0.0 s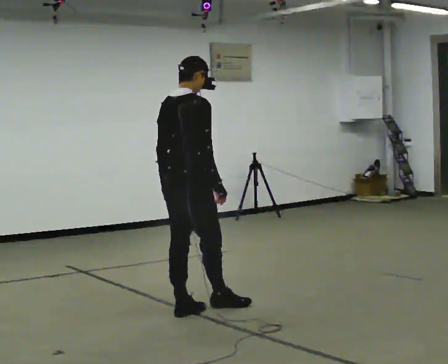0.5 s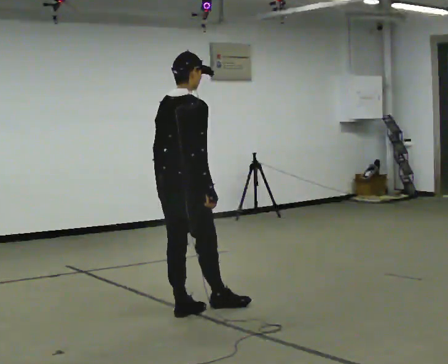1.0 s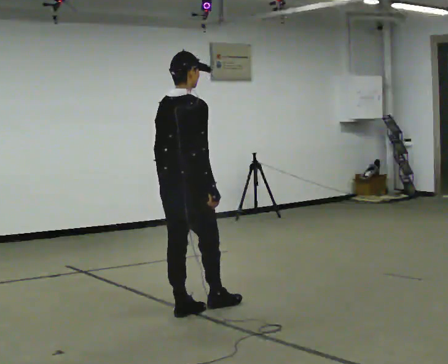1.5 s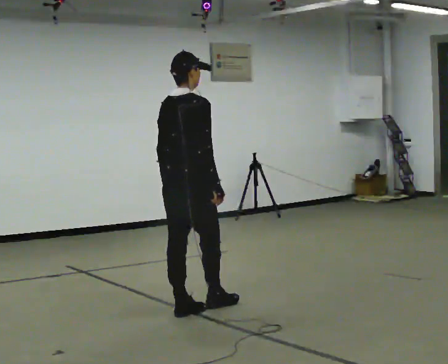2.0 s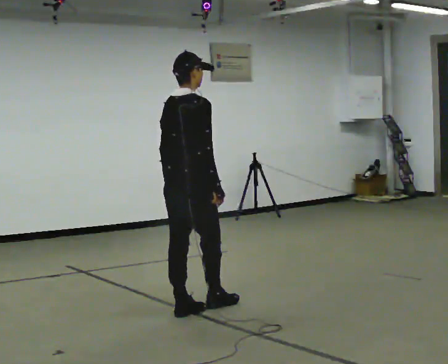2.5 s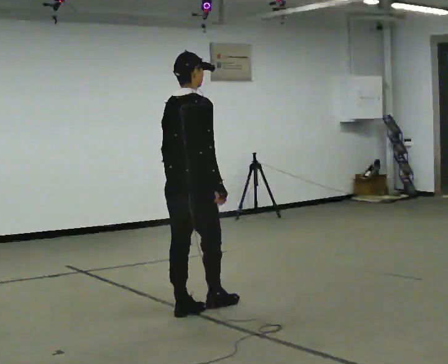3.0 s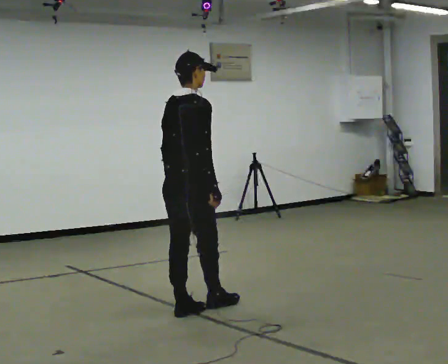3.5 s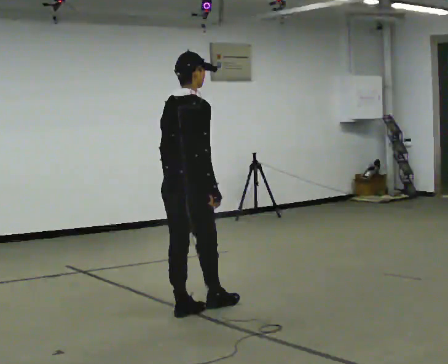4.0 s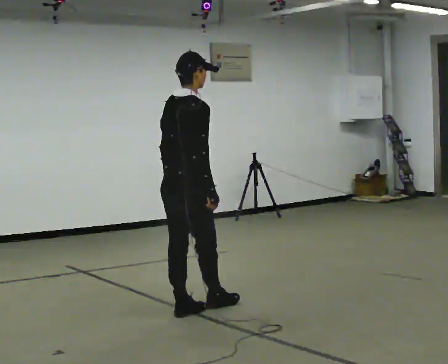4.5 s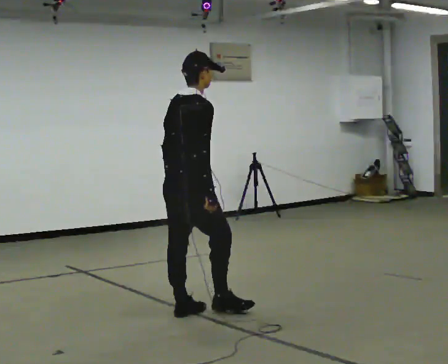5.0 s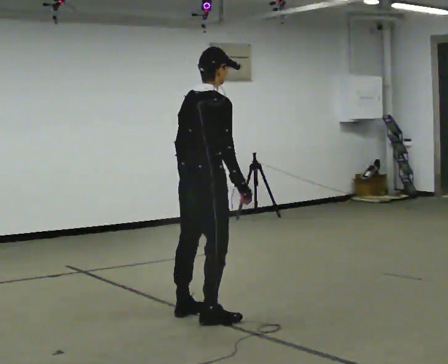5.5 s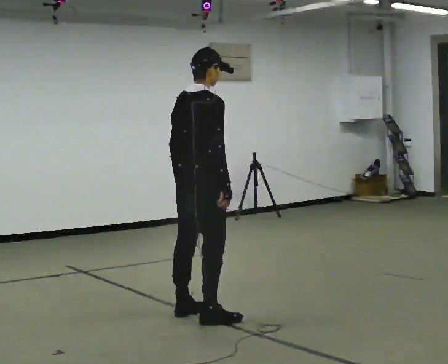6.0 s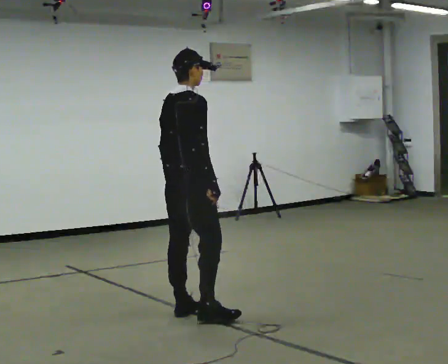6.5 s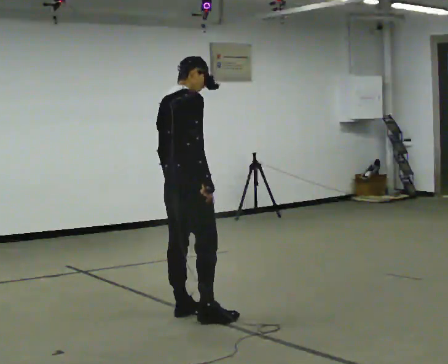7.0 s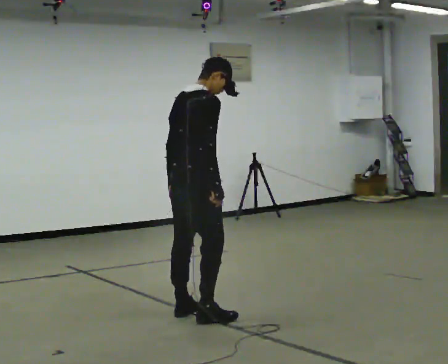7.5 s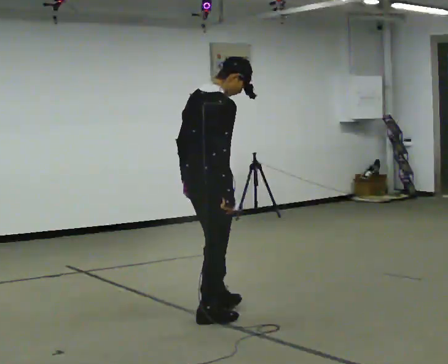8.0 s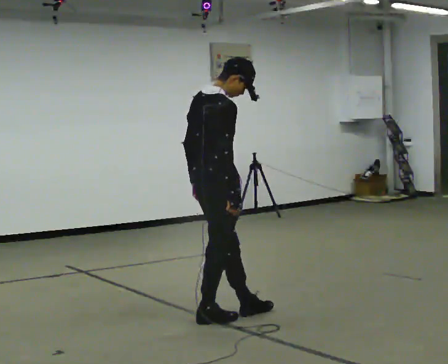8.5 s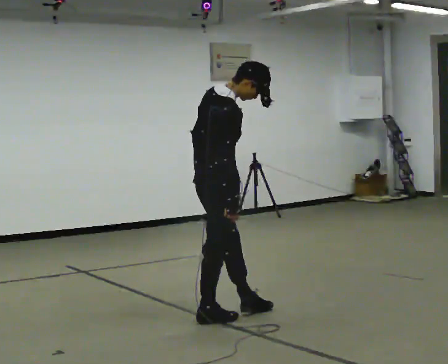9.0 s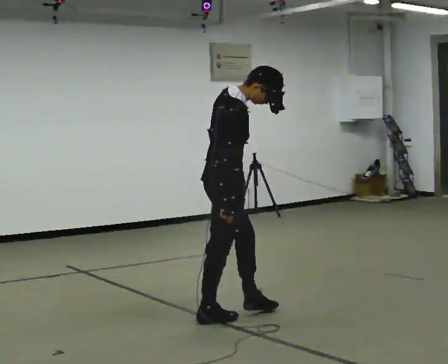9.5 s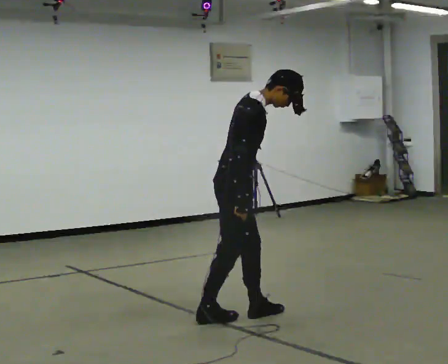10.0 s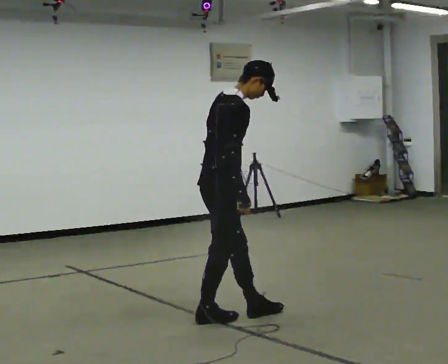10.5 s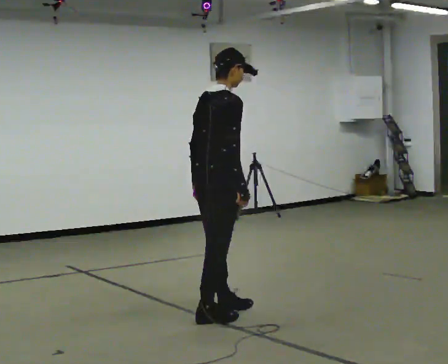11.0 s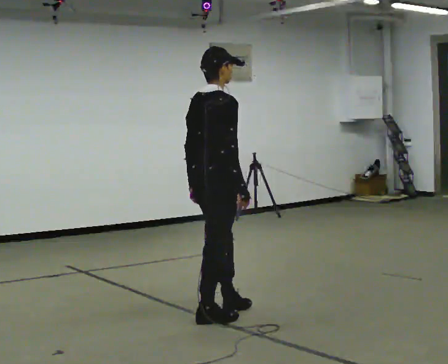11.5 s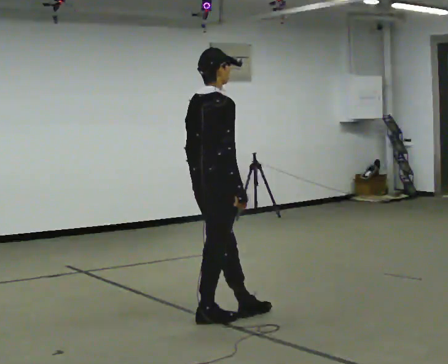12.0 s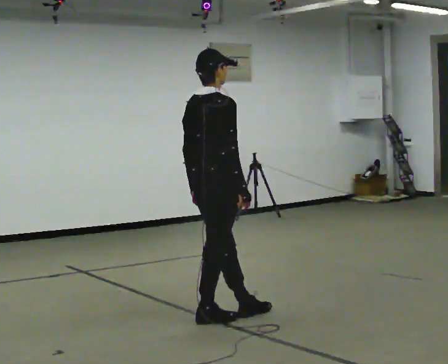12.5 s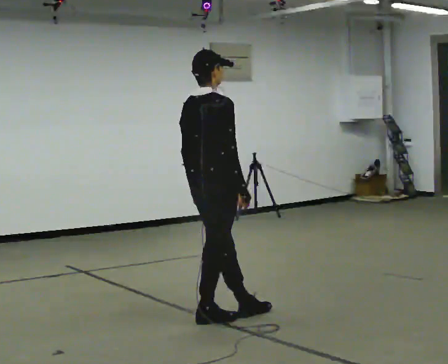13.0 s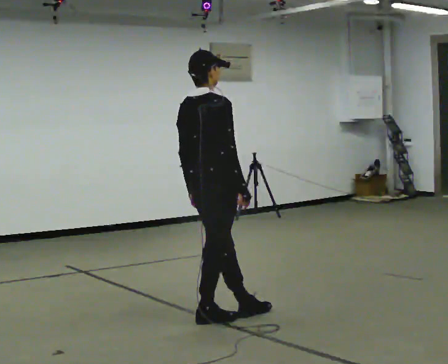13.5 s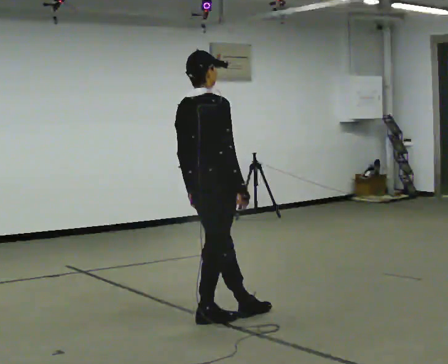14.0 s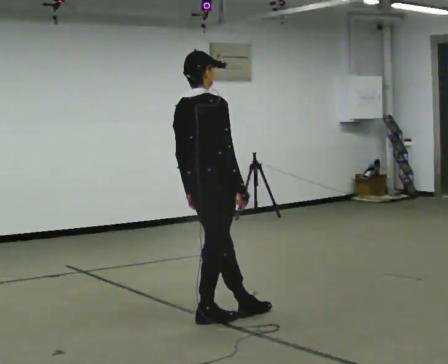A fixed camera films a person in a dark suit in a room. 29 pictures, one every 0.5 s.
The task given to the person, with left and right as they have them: Stand with one foot directly in front of the other, heel to toe, on the marked line. Hold your balance until you lose it, then step out. Repeat at your own pace until the operator says stop. Go slowly and only as far as you are comfortable. Step whenever you need to; do not try to hold on longer than feels safe.
0.0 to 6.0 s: The person moves a little, or ends about where they began.
6.0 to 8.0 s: In the picture they go to the right and toward the camera, about 0.25 m in 1 step, which for them is to their right.
8.0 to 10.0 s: The person moves a little, or ends about where they began.
10.0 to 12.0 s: In the picture the upper body tilts counterclockwise, shoulders to the left.
12.0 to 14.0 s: The person moves a little, or ends about where they began.
The film runs forward here.
